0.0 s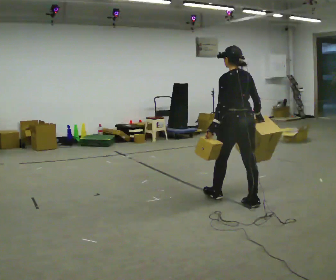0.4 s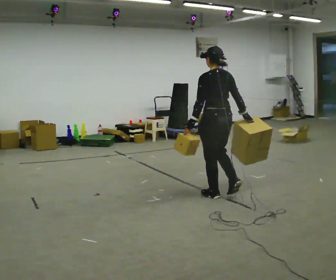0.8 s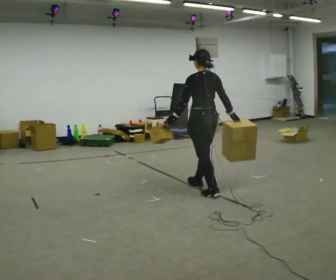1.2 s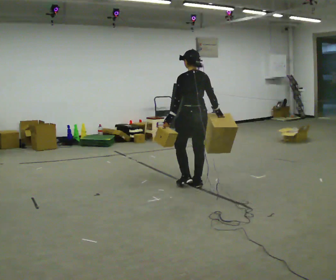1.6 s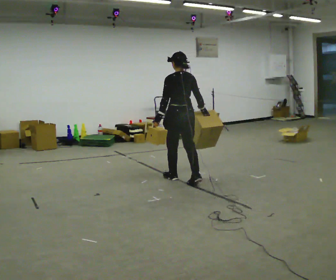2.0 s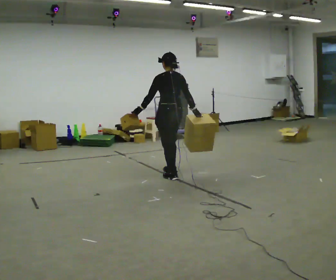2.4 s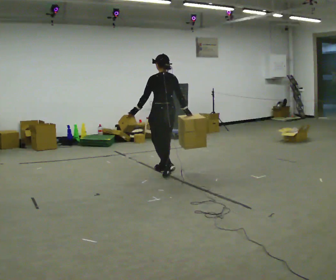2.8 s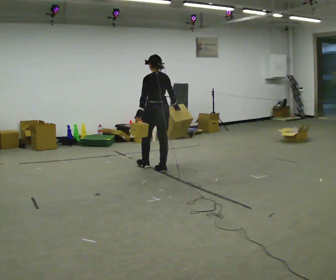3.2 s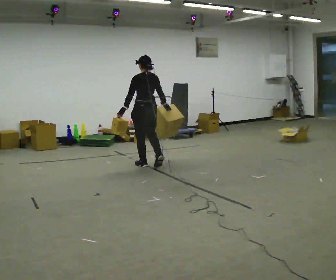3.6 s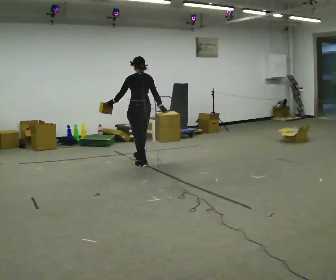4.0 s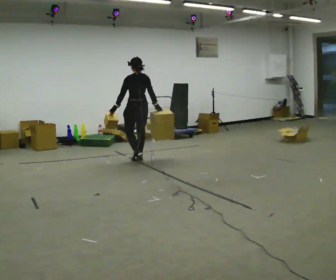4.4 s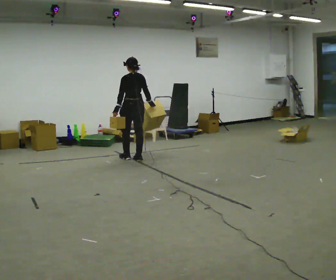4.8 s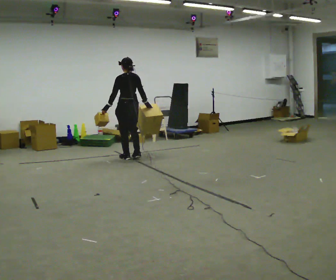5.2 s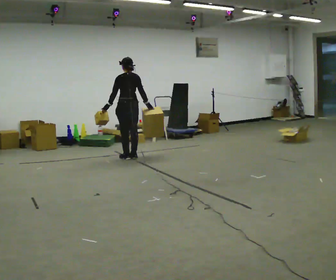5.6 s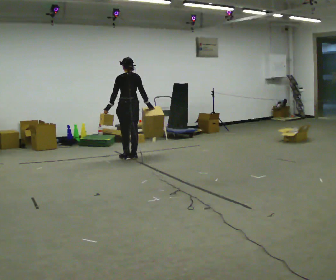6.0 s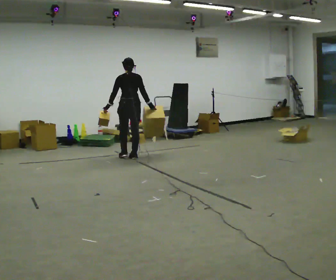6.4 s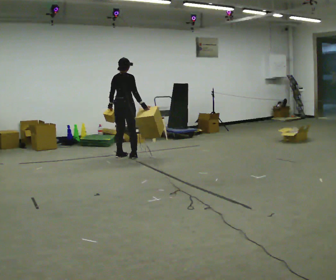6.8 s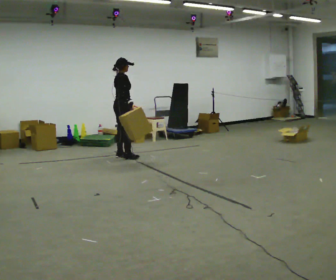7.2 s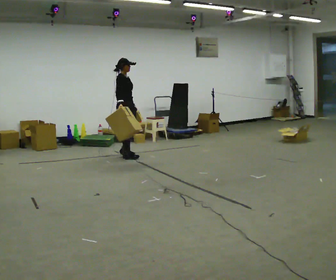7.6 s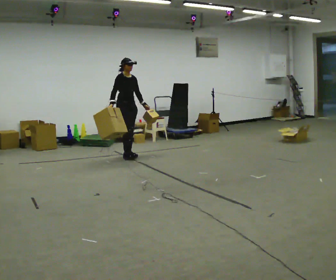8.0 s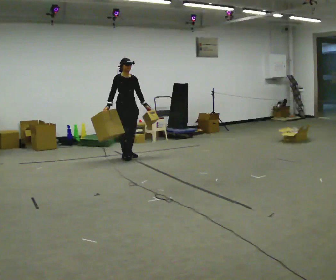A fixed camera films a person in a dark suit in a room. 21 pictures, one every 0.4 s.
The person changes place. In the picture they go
away from the camera.
Their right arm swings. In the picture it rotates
clockwise.
0.0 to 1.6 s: In the picture they go away from the camera and to the left, about 1 m in 3 steps, which for them is forward.
1.6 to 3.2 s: In the picture they go away from the camera and to the left, about 1 m in 2 steps, which for them is forward.
3.2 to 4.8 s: In the picture they go away from the camera and to the left, about 0.5 m in 2 steps, which for them is forward.
4.8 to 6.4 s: The person turns about 45 degrees to their right, clockwise seen from above, so the part of the body nearest the lens slides to the left.
6.4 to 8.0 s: The person turns about 120 degrees to their right, clockwise seen from above, so the part of the body nearest the lens slides to the left. In the picture their right hand goes to the left, the arm swinging clockwise.
The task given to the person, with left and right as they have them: Carry one object in each hand, the heavy one in the hand the operator calls, walking back and forth across the room.
The film runs forward here.
